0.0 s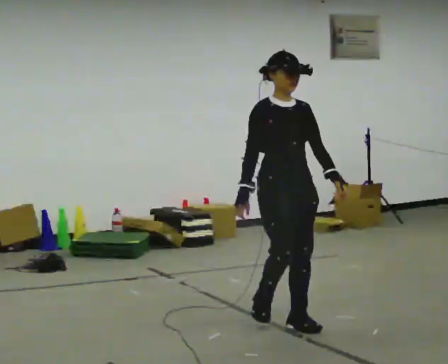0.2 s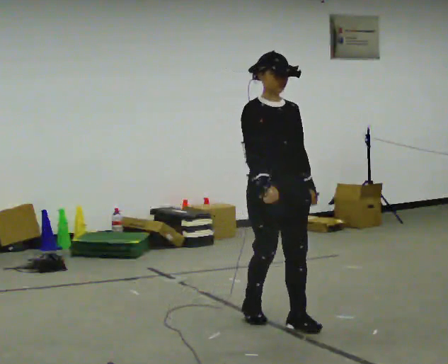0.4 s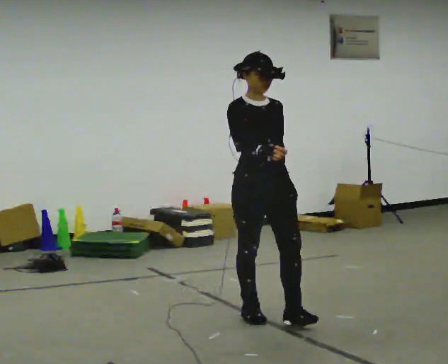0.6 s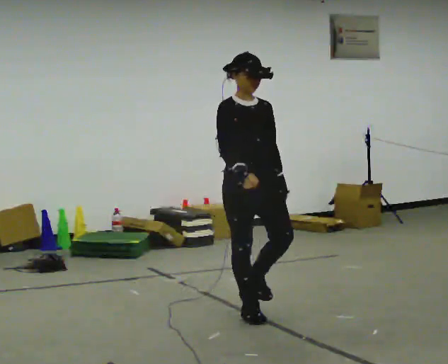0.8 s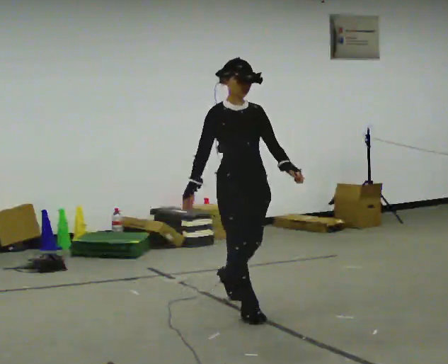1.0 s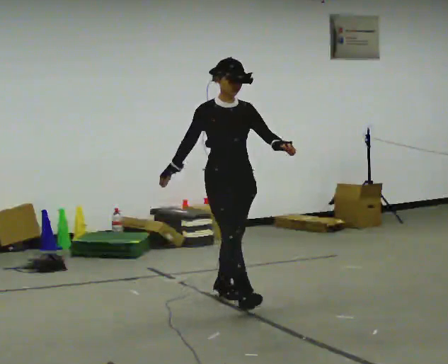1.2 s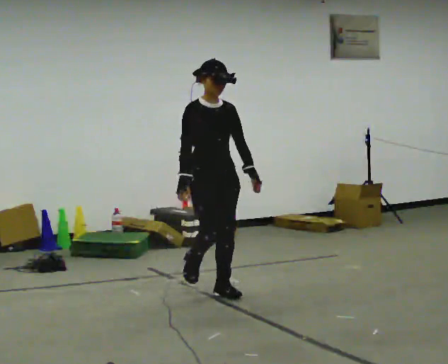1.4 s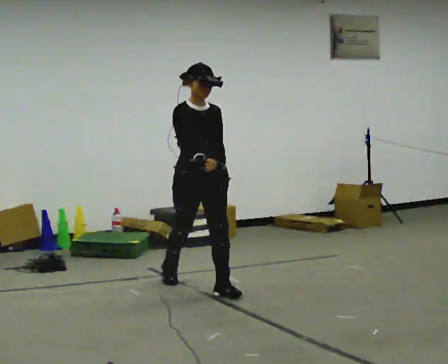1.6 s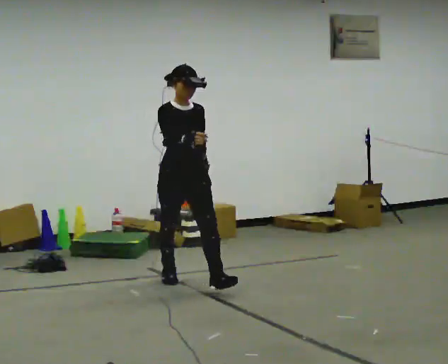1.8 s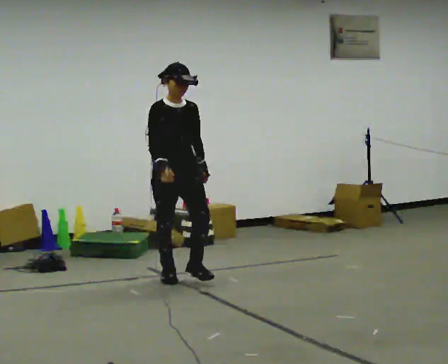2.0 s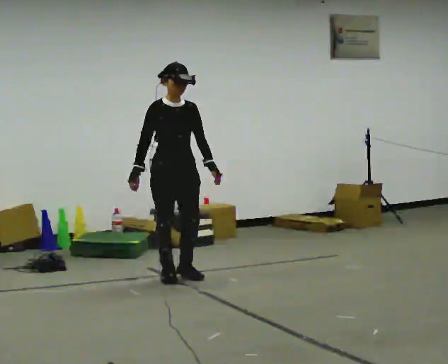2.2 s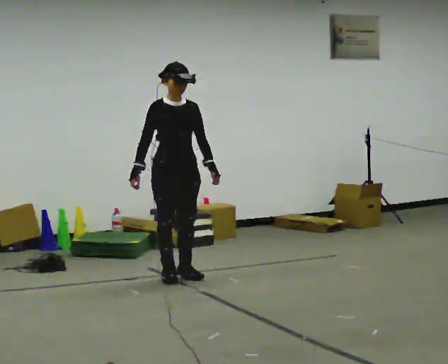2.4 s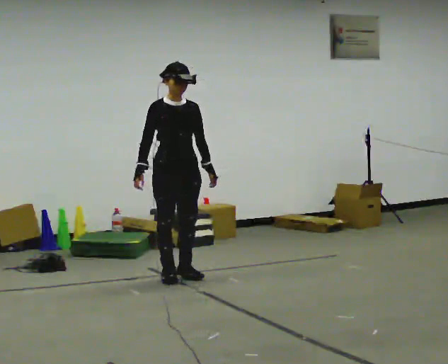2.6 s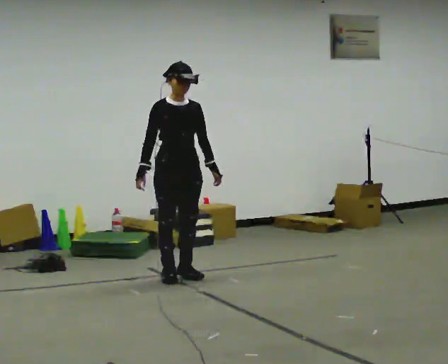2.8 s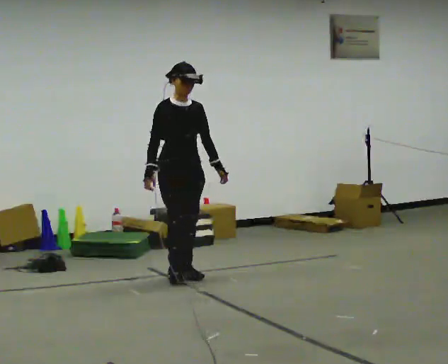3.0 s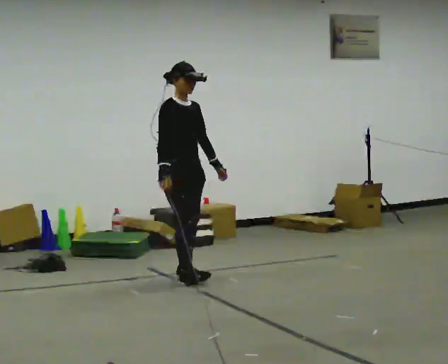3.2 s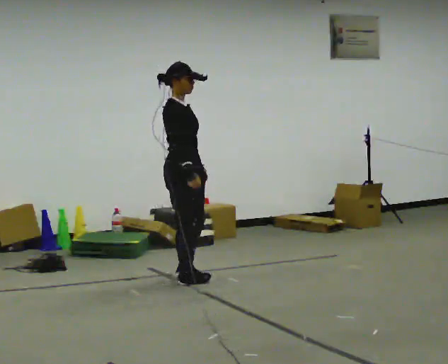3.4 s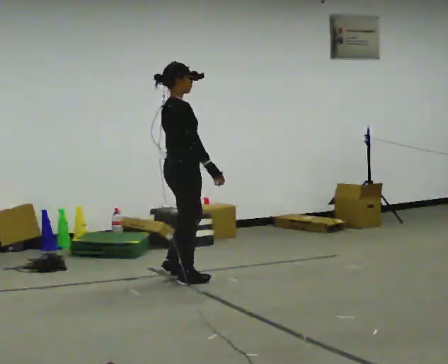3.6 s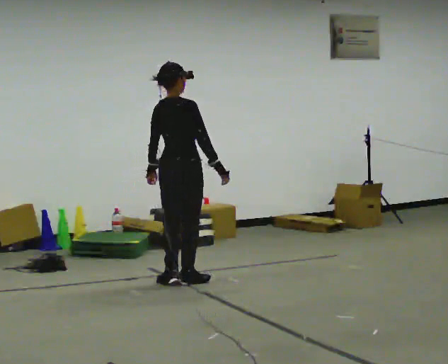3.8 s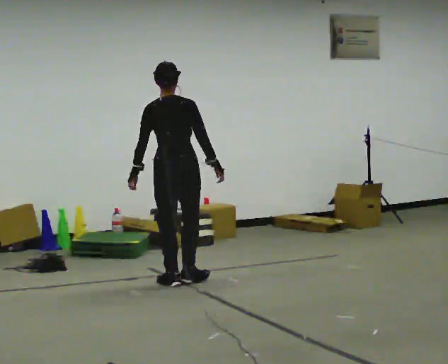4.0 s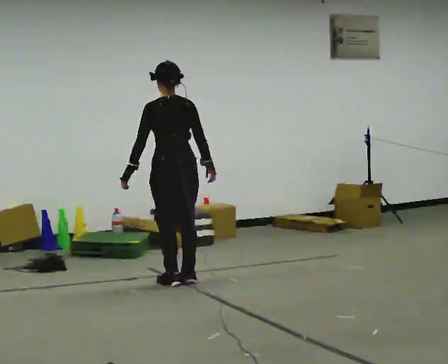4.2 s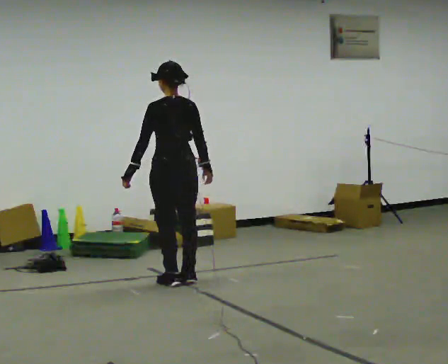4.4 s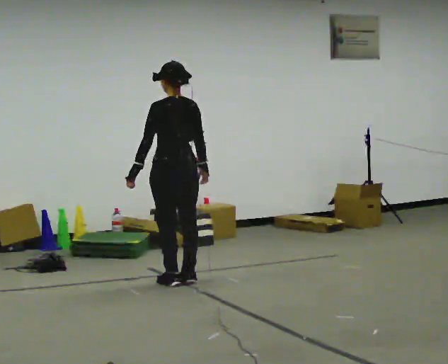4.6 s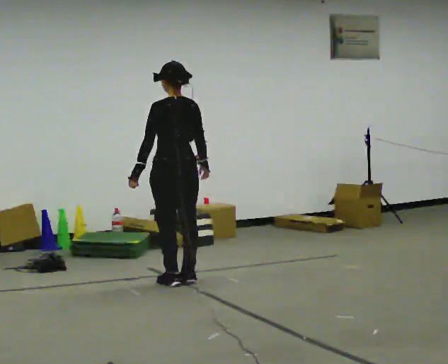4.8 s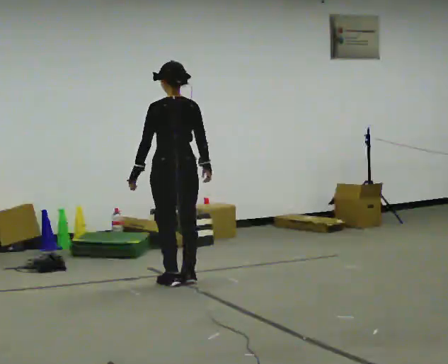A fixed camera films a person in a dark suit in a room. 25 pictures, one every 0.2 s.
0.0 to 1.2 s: In the picture they go away from the camera and to the left, about 1 m in 2 steps, which for them is backward.
1.2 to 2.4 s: In the picture they go away from the camera and to the left, about 0.75 m in 1 step, which for them is backward.
2.4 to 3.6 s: The person turns about 120 degrees to their left, counterclockwise seen from above, so the part of the body nearest the lens slides to the right. In the picture their right hand goes to the right, the arm swinging counterclockwise.
3.6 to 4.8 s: Seen from above the body turns counterclockwise, about 60 degrees: to their left, with its near side sliding to the right.
The film runs backward here.
